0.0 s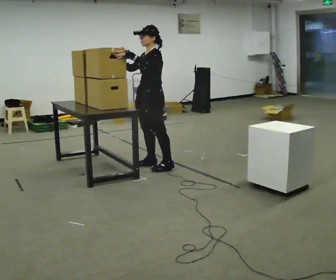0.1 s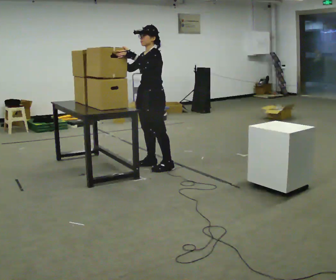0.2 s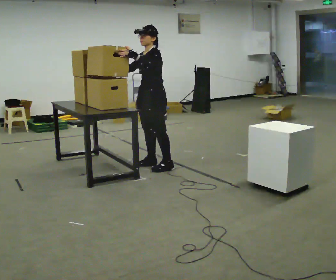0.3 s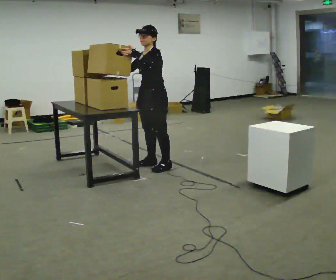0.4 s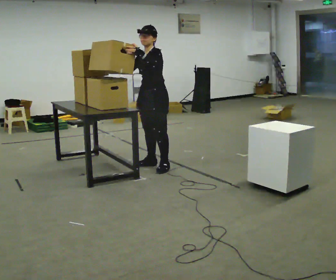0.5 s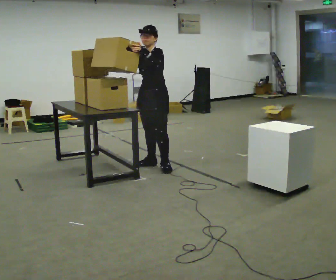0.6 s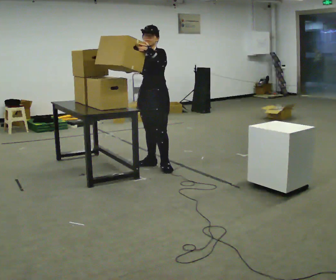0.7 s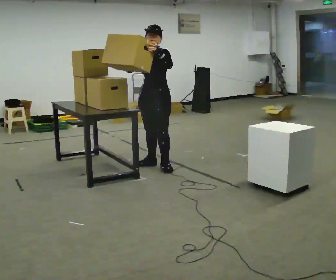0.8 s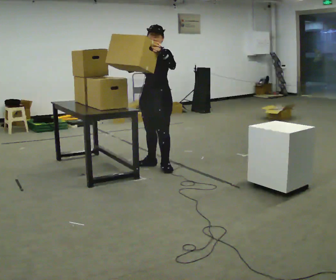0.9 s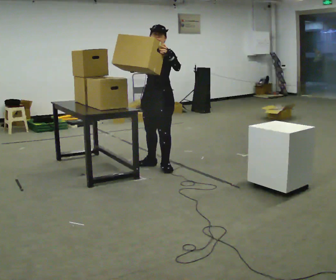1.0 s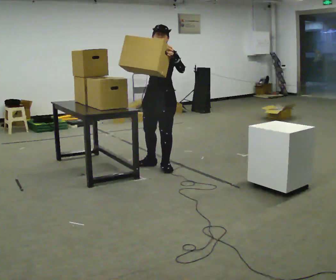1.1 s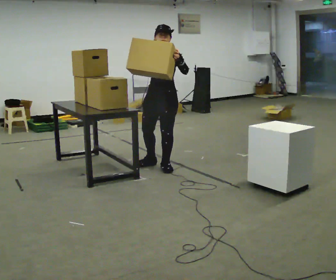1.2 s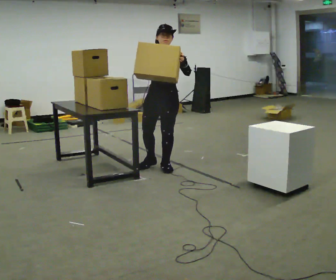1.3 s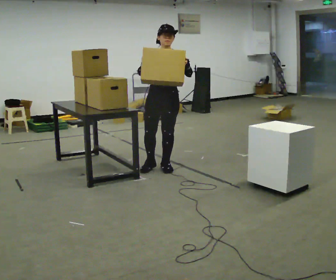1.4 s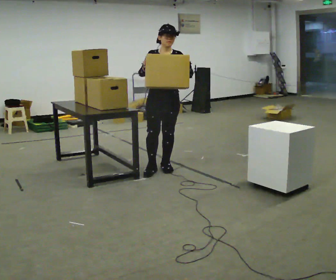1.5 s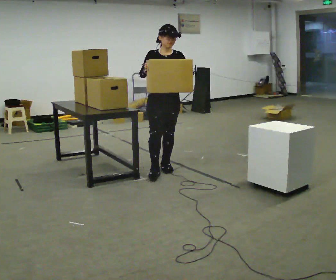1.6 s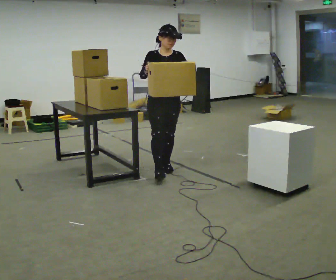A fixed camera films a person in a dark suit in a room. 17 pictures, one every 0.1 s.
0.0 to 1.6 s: Seen from above the body turns counterclockwise, about 75 degrees: to their left, with its near side sliding to the right. In the picture they go toward the camera, about 0.25 m.
The film runs forward here.
